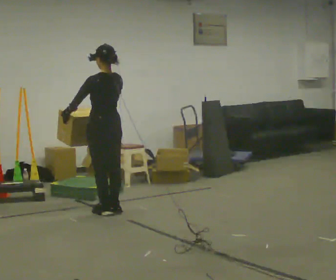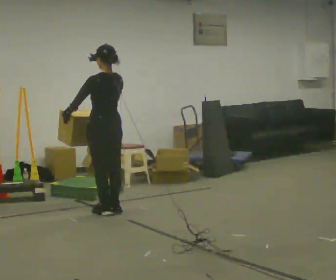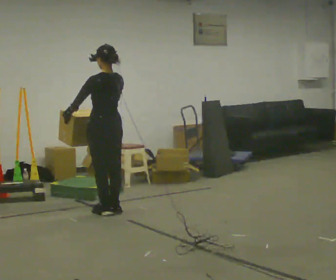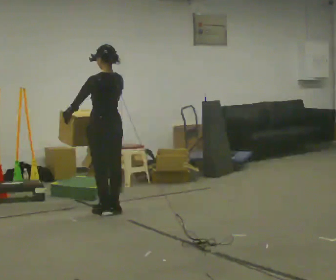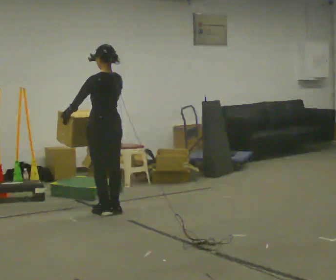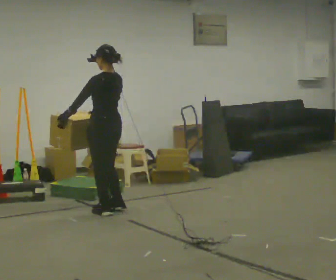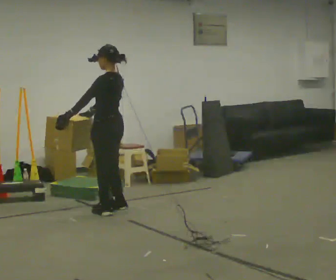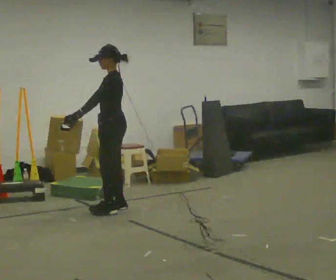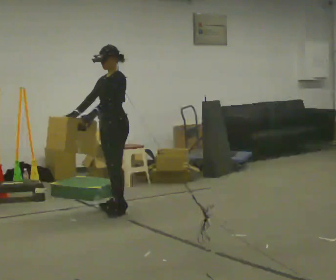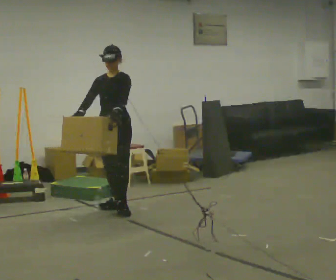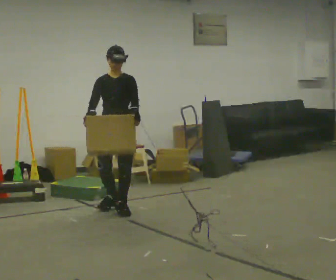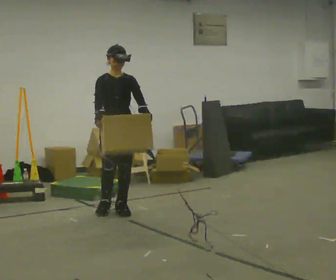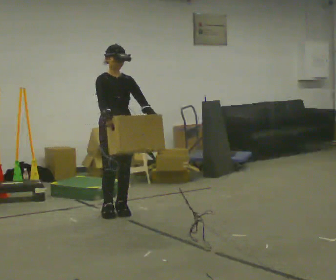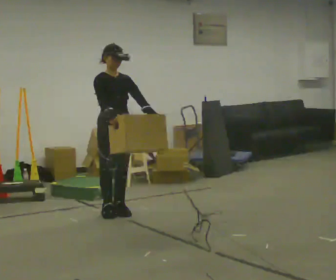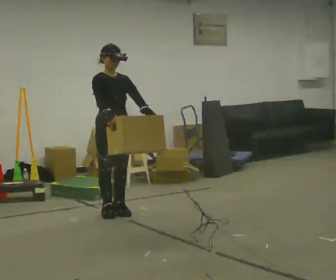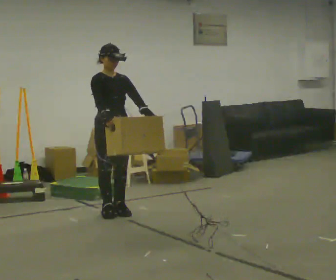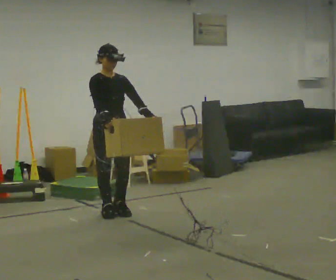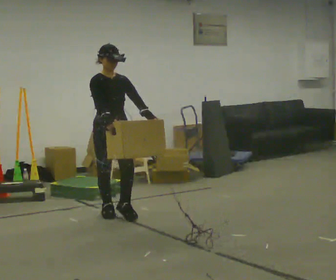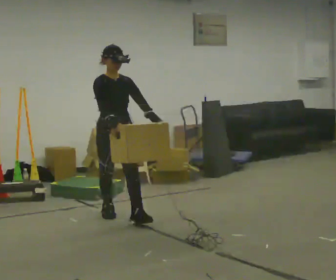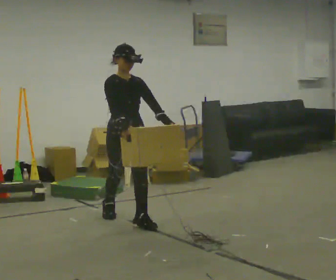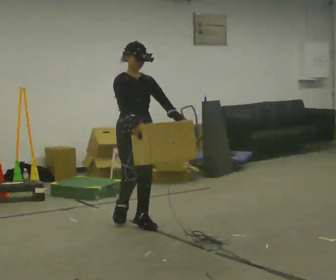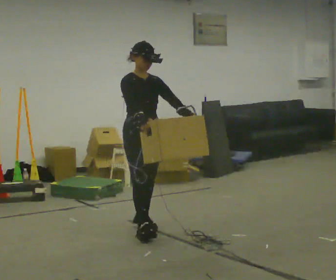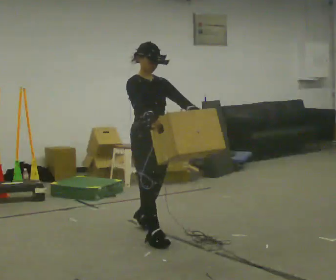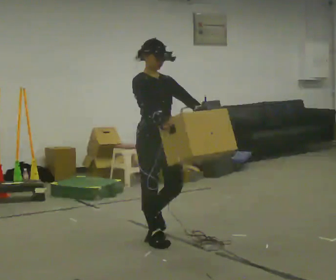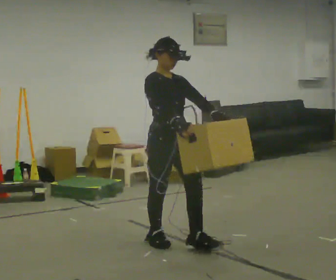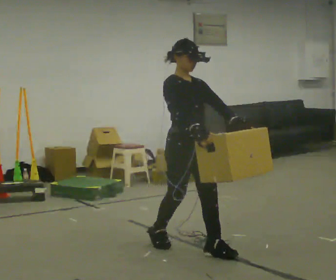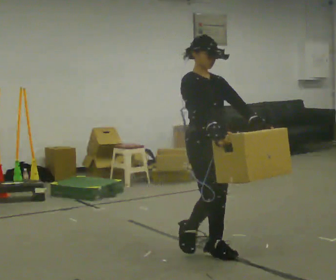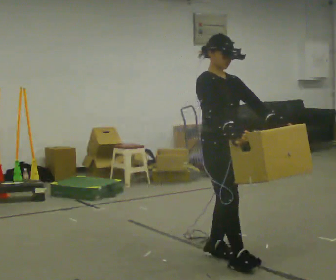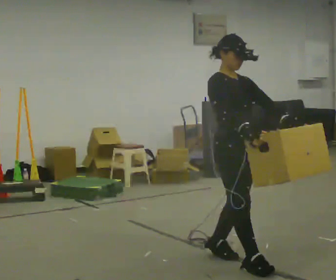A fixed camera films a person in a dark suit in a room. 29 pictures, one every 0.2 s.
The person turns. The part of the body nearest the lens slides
to the right.
Their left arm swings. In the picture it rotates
counterclockwise.
0.0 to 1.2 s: Seen from above the body turns counterclockwise, about 45 degrees: to their left, with its near side sliding to the right.
1.2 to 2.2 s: The part of the body nearest the lens slides to the right as the person turns to their left by about 120 degrees.
2.2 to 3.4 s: In the picture they go toward the camera, about 0.25 m in 1 step, which for them is forward.
3.4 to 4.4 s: In the picture they go toward the camera and to the right, about 1 m in 2 steps, which for them is forward.
4.4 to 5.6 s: In the picture they go toward the camera and to the right, about 1 m in 2 steps, which for them is forward.
The film runs forward here.
